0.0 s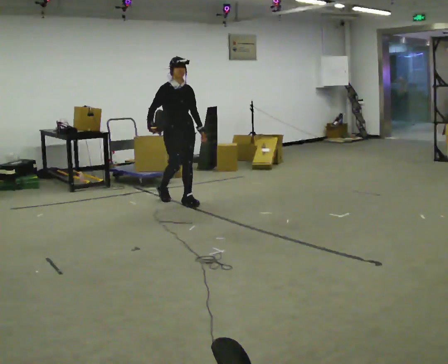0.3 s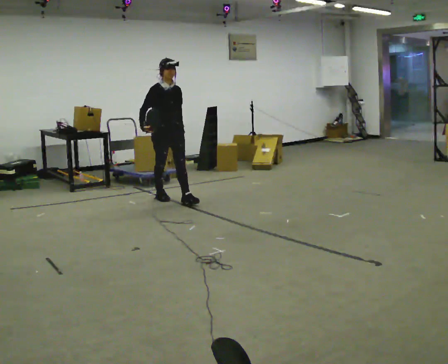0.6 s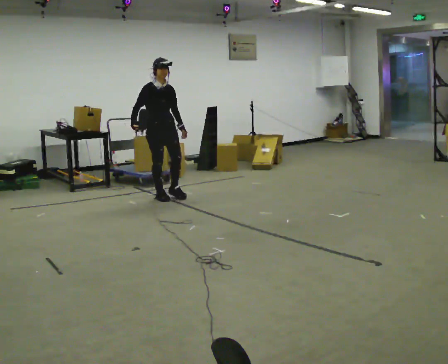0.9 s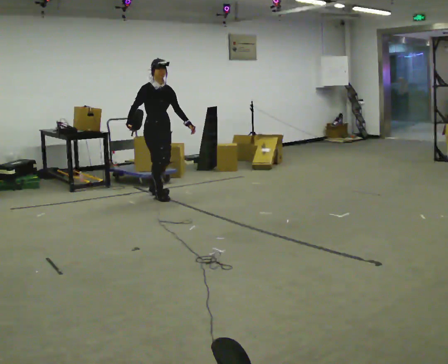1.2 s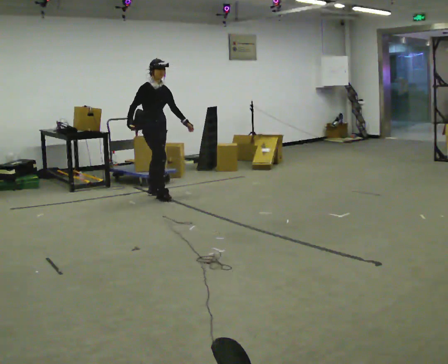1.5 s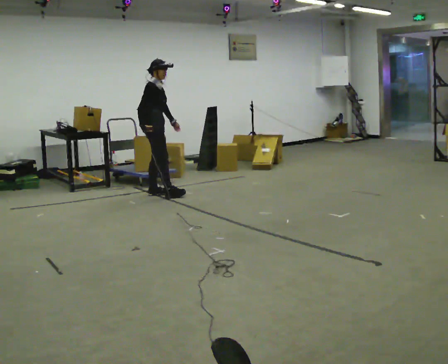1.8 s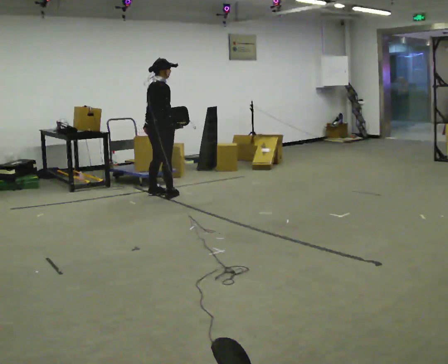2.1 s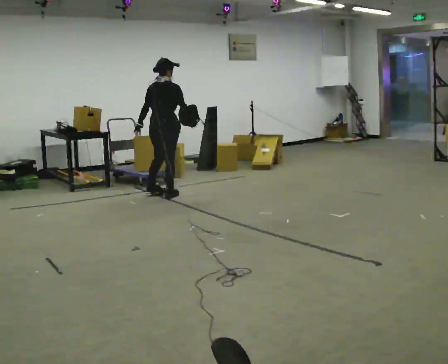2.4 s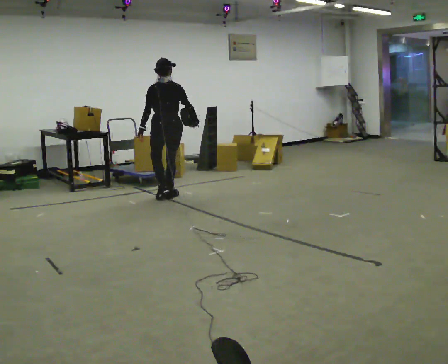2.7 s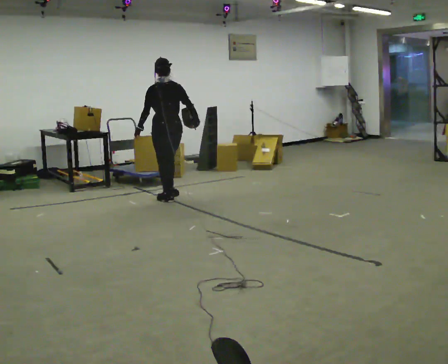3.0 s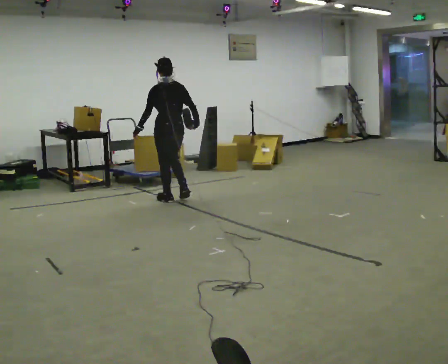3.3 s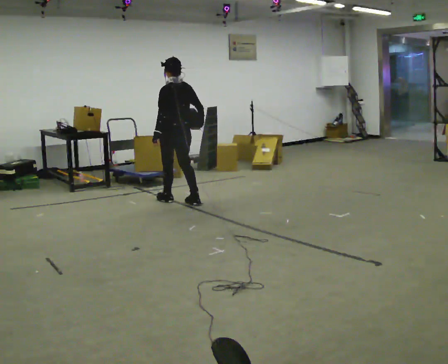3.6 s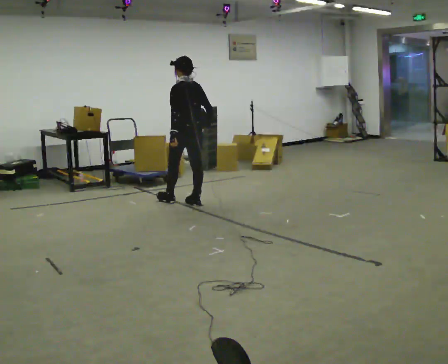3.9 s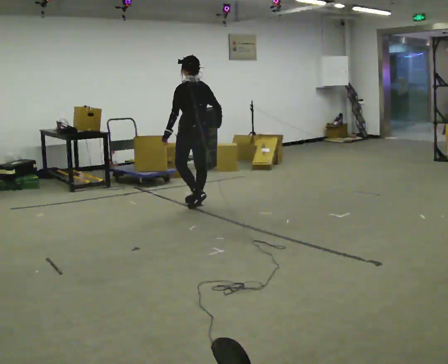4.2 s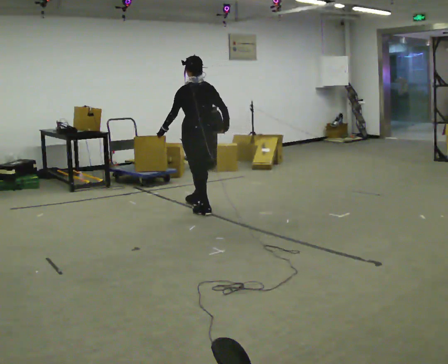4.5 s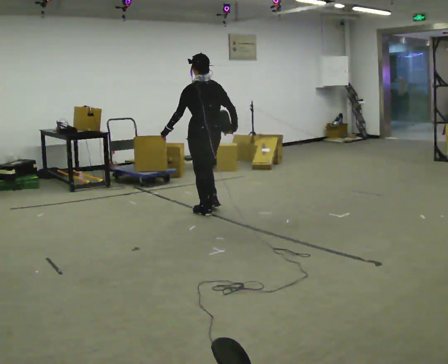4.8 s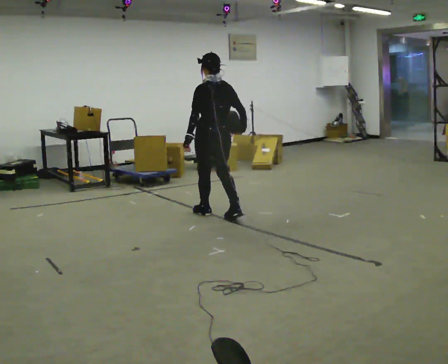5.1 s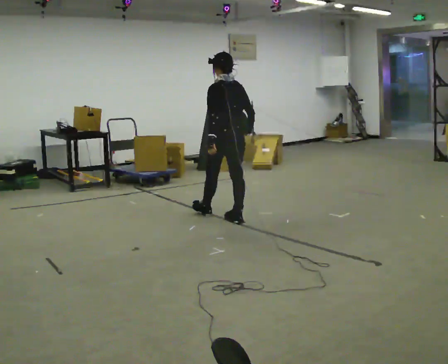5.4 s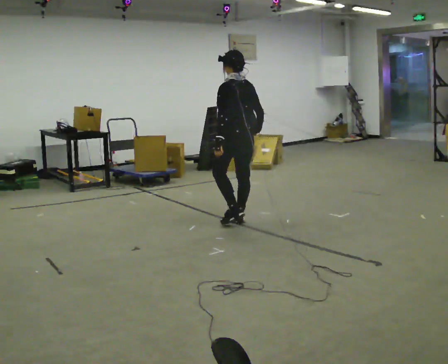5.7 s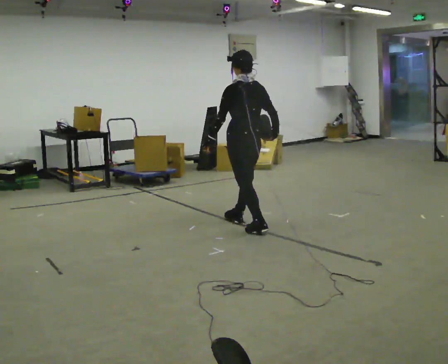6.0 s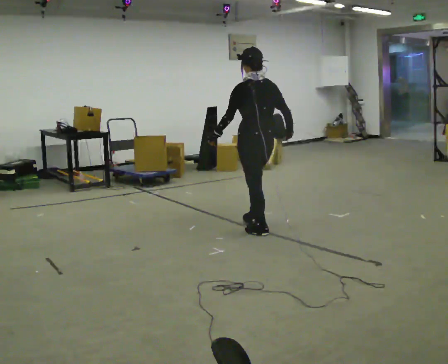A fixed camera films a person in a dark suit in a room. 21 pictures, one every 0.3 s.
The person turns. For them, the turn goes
to their left.
The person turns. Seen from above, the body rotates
counterclockwise.
0.0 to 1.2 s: The part of the body nearest the lens slides to the right as the person turns to their left by about 30 degrees. In the picture they go away from the camera and to the left, about 0.5 m in 1 step, which for them is backward.
1.2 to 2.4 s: Seen from above the body turns counterclockwise, about 135 degrees: to their left, with its near side sliding to the right. In the picture they go to the right, about 0.25 m in 1 step. In the picture their left hand goes to the left, the arm swinging clockwise.
2.4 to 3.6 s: The person turns about 30 degrees to their left, counterclockwise seen from above, so the part of the body nearest the lens slides to the right. In the picture they go toward the camera and to the right, about 0.5 m in 2 steps, which for them is backward.
3.6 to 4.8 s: In the picture they go toward the camera and to the right, about 0.5 m in 1 step, which for them is backward.
4.8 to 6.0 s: In the picture they go toward the camera and to the right, about 0.75 m in 2 steps, which for them is backward.
The film runs backward here.
